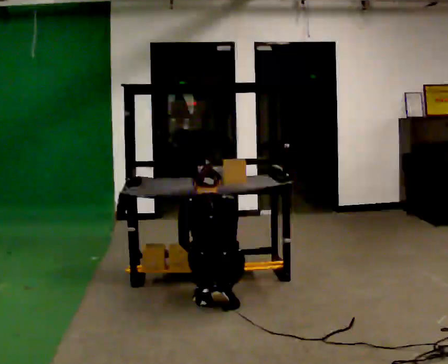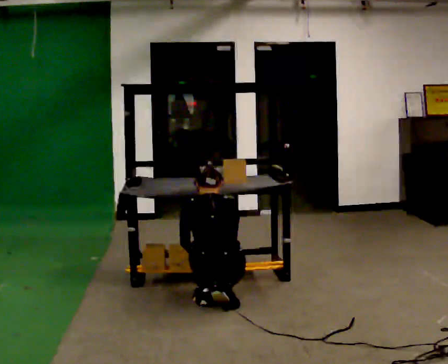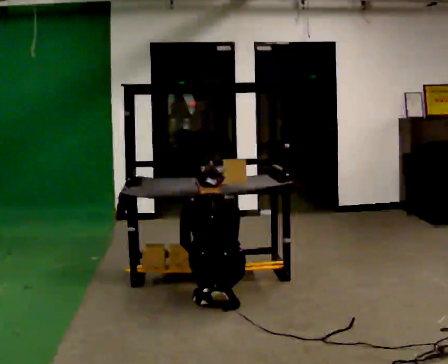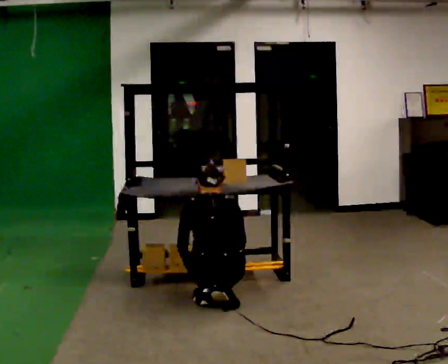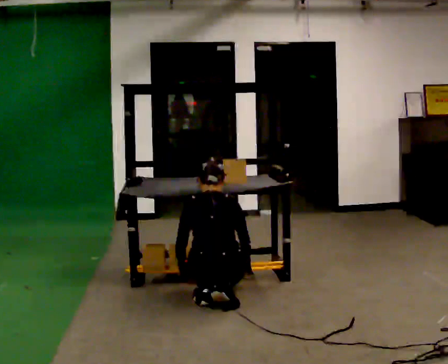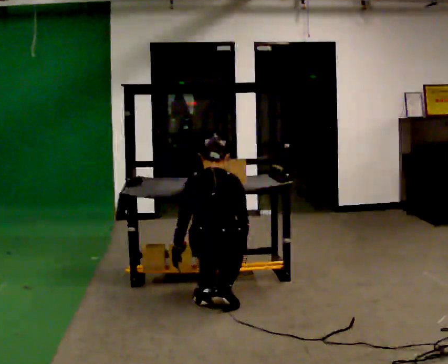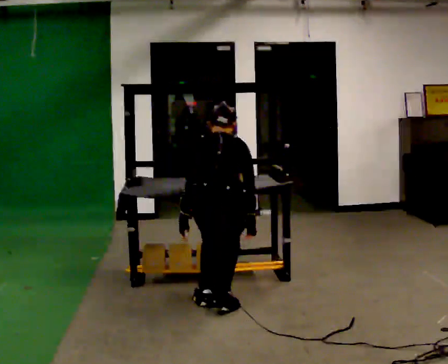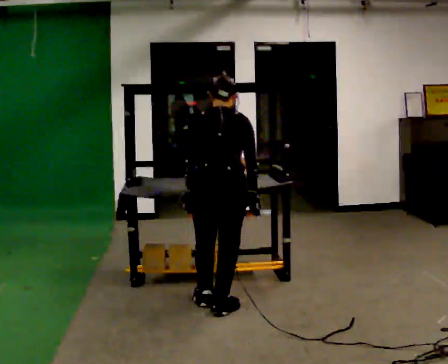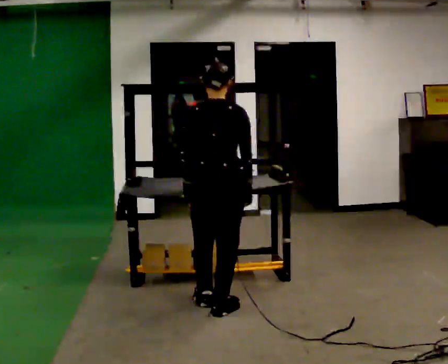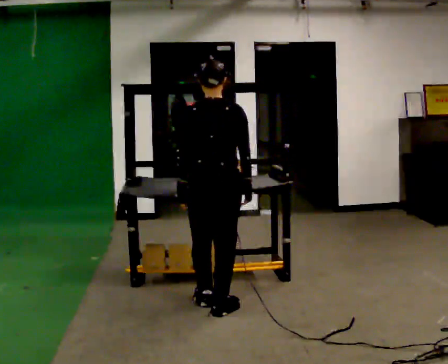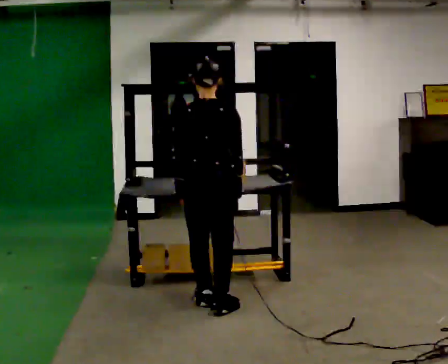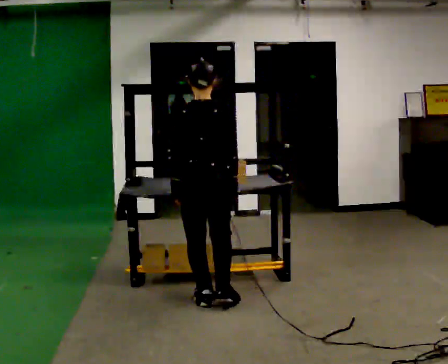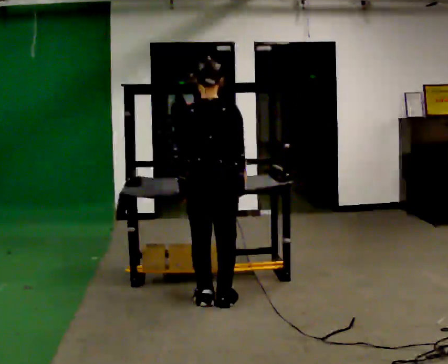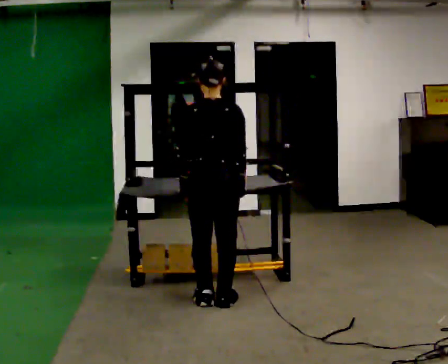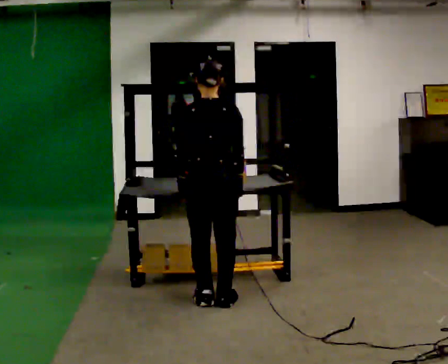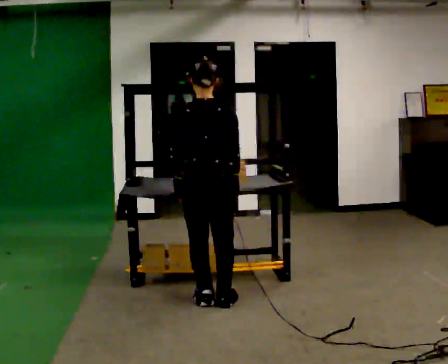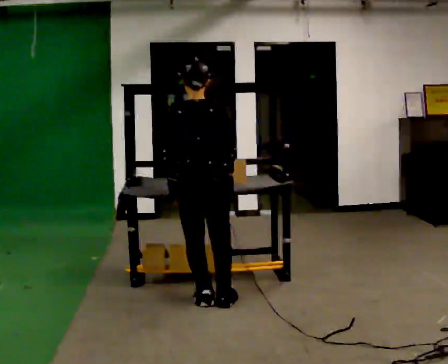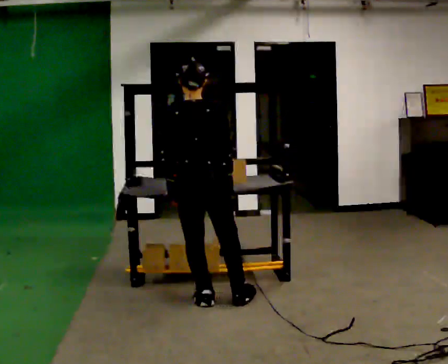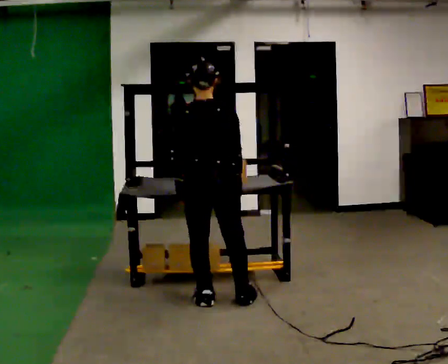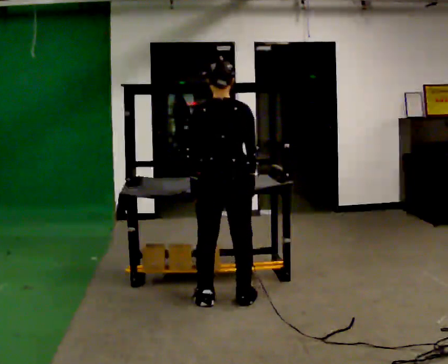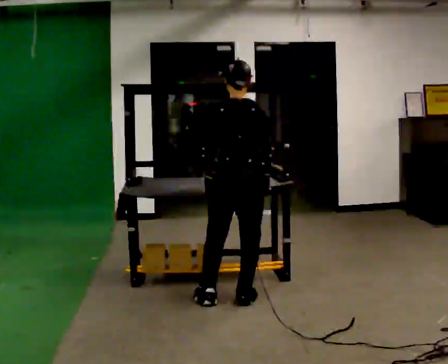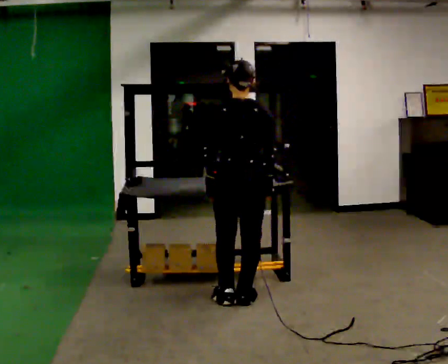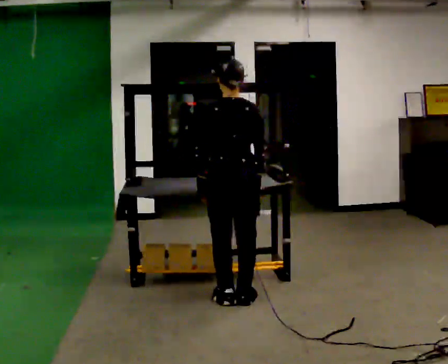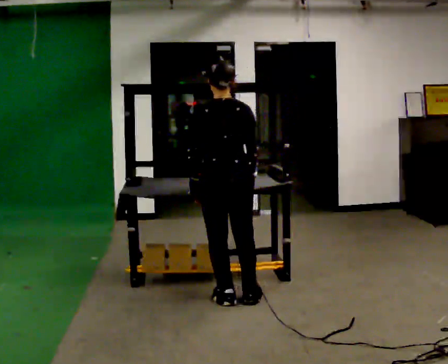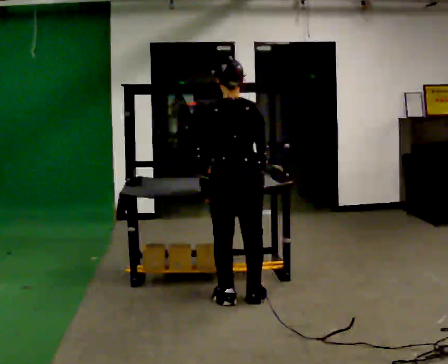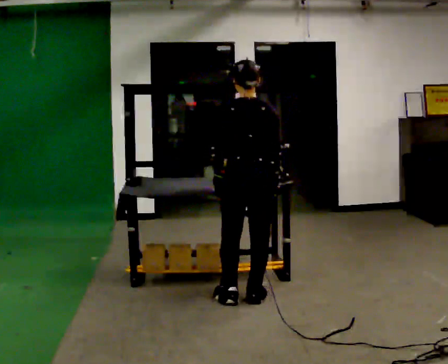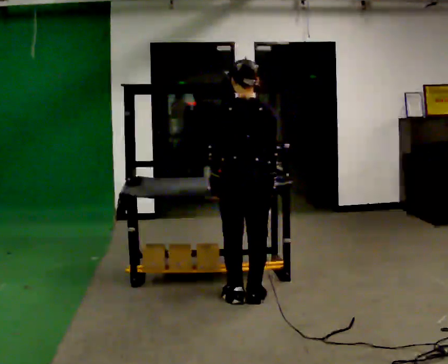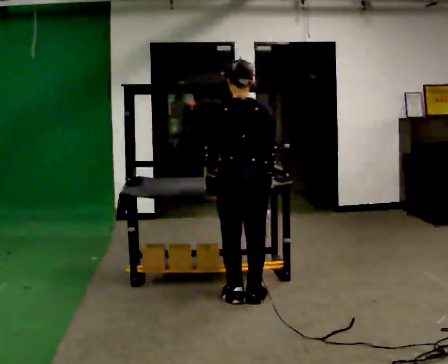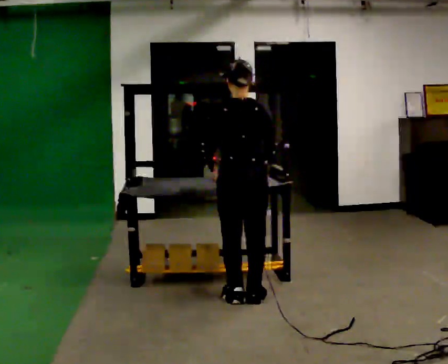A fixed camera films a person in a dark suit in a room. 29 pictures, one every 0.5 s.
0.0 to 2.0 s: The person moves a little, or ends about where they began.
2.0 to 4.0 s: The upper body goes upward. In the picture their right hand goes upward.
4.0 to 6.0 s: In the picture they go away from the camera, about 0.25 m, which for them is forward.
6.0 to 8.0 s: The person moves a little, or ends about where they began.
8.0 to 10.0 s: In the picture they go to the right, about 0.25 m, which for them is to their right.
10.0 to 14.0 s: The person moves a little, or ends about where they began.
The film runs forward here.
